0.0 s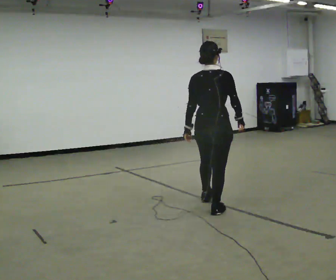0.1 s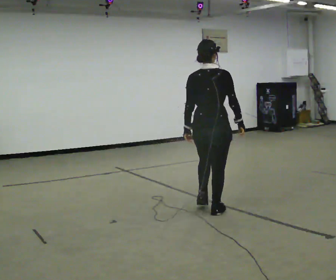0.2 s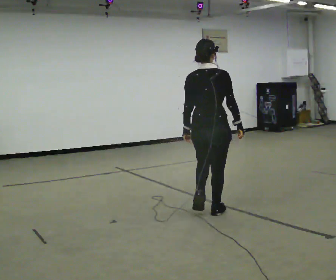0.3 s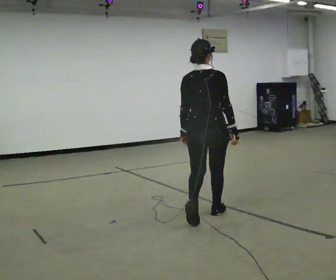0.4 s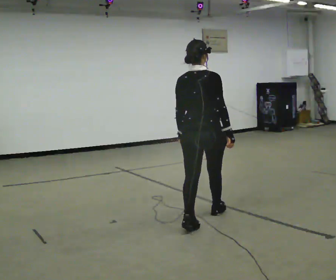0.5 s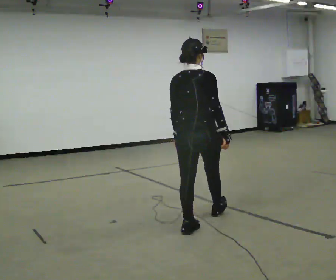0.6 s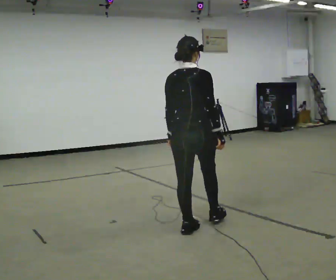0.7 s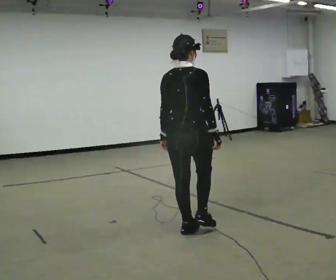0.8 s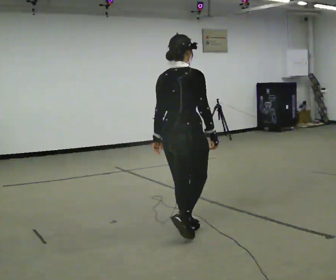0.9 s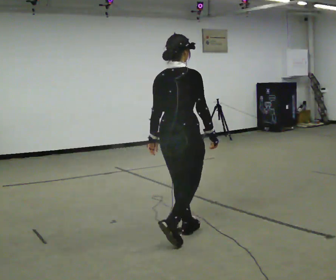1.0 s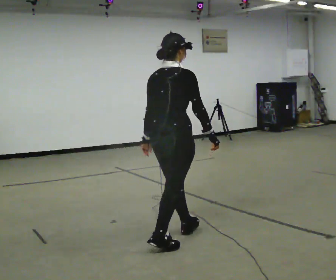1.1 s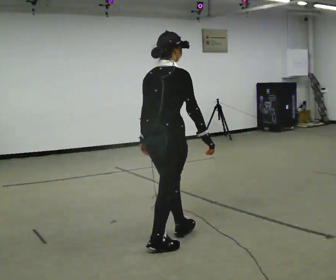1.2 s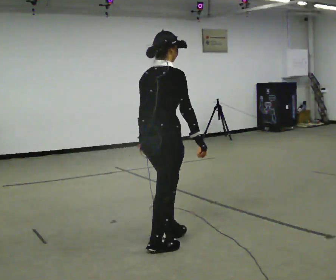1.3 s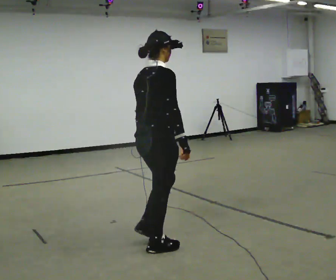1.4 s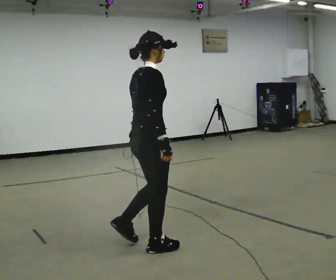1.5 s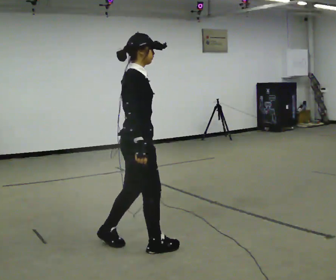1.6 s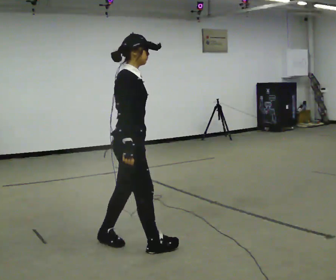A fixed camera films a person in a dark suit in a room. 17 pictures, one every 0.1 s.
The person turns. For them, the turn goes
to their right.
The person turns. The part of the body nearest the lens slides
to the left.
0.0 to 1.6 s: Seen from above the body turns clockwise, about 75 degrees: to their right, with its near side sliding to the left. In the picture they go toward the camera and to the left, about 1 m in 2 steps.
The film runs backward here.
